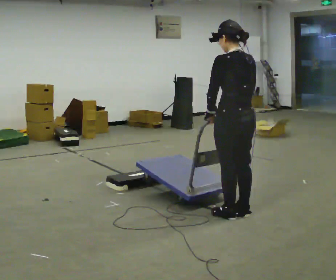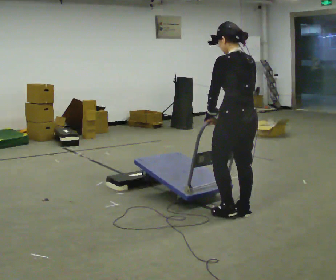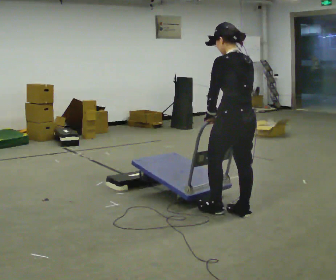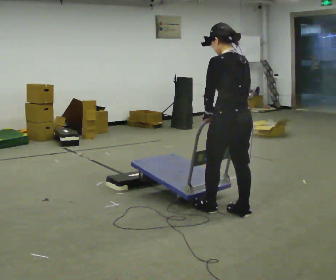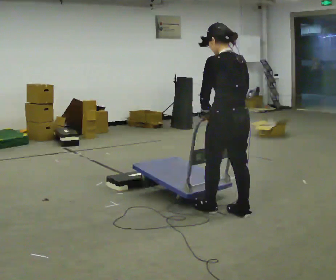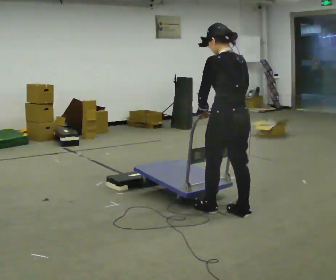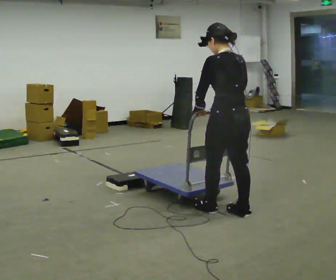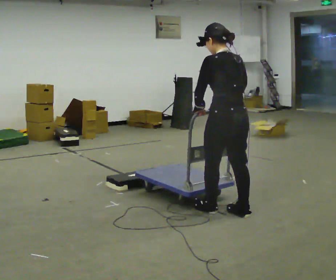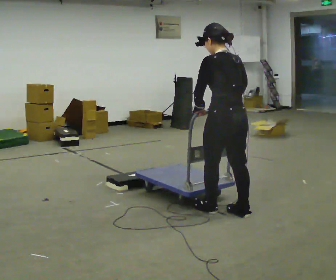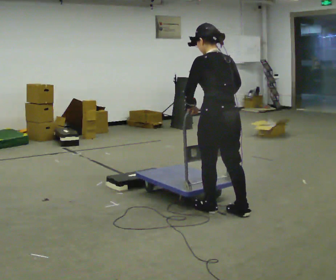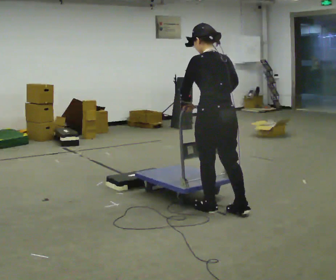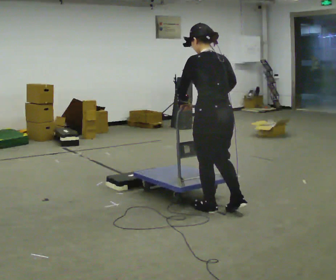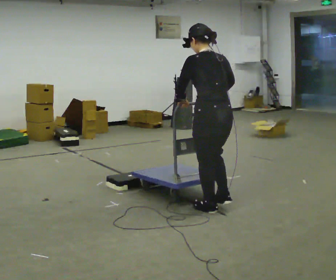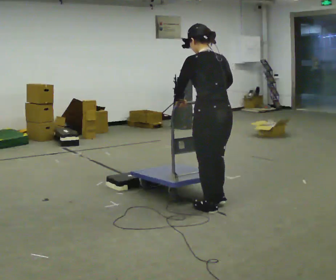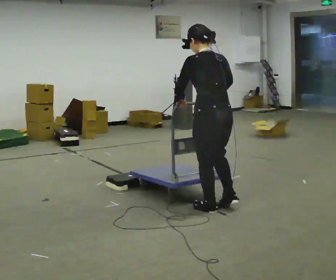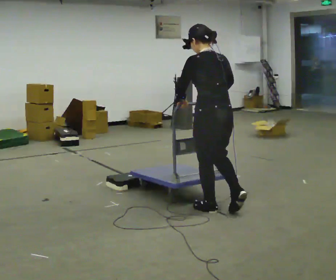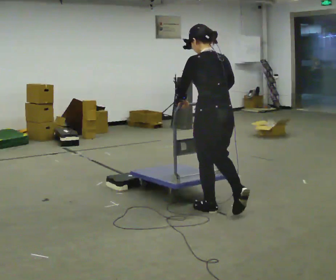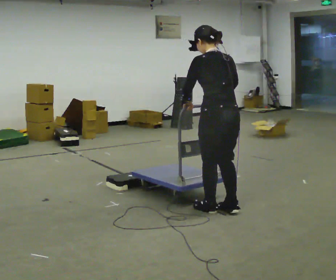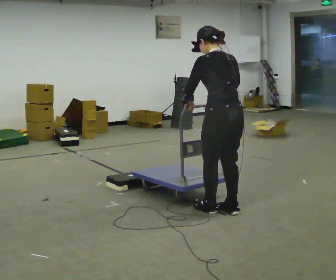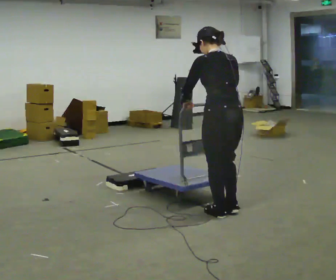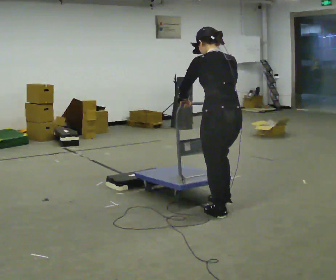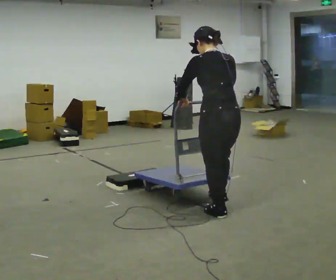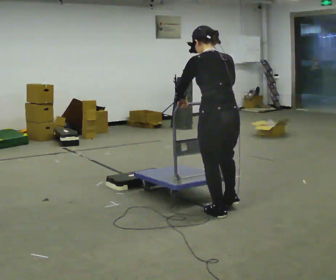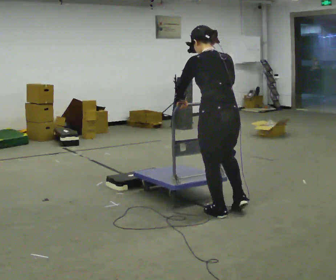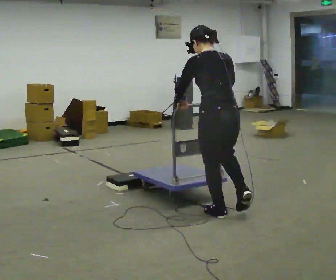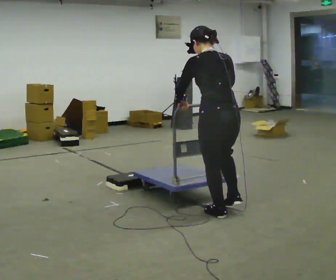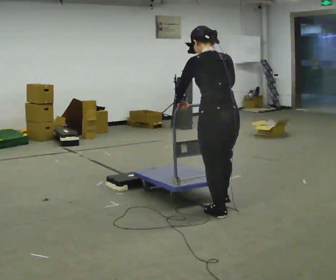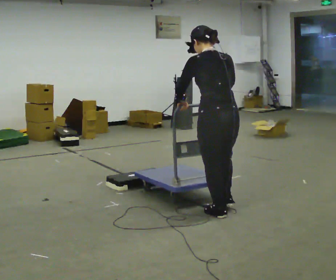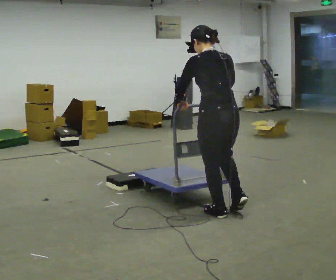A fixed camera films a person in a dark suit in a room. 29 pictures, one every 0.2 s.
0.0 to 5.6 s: In the picture they go to the left, about 0.25 m in 1 step, which for them is to their left.
The film runs forward here.
